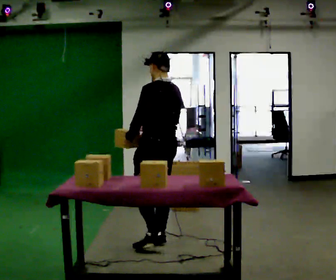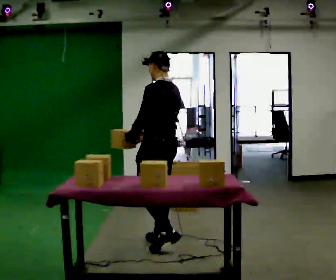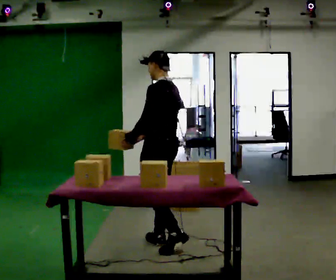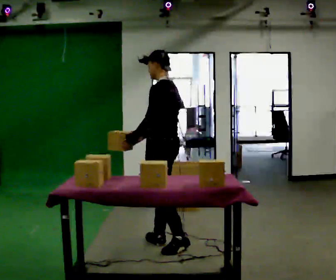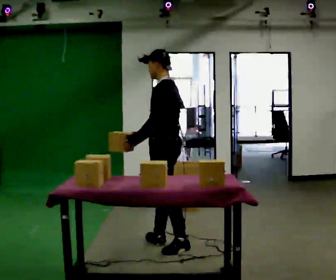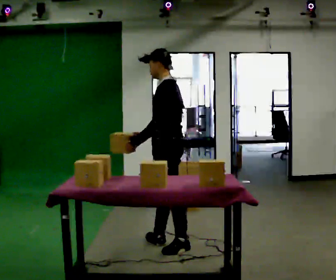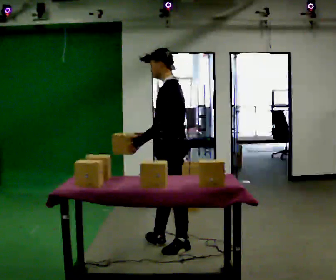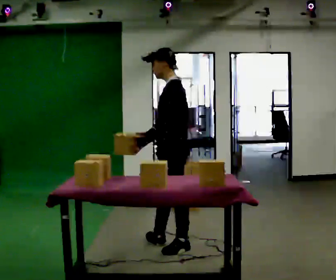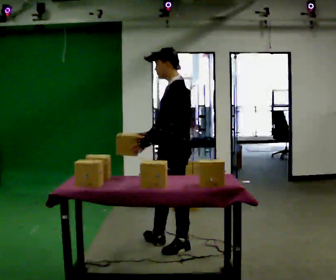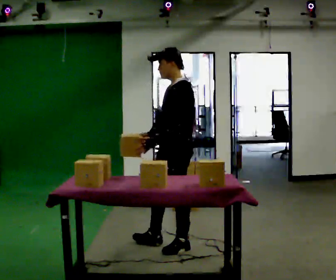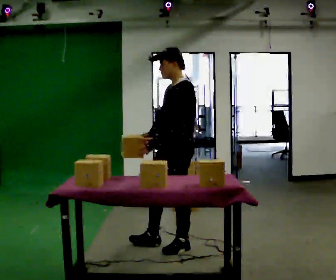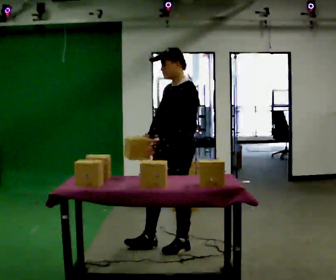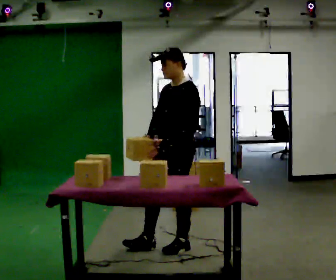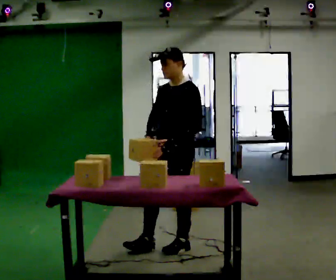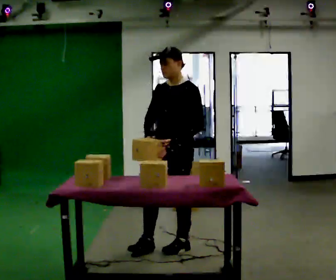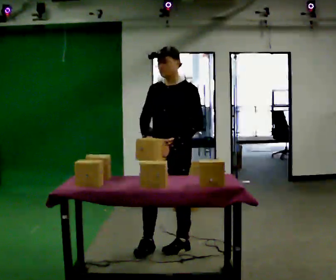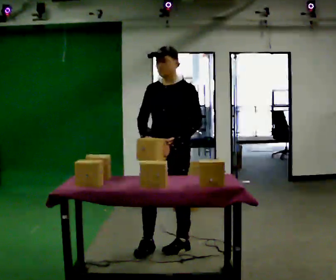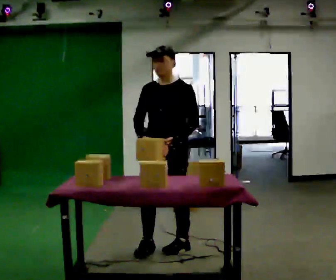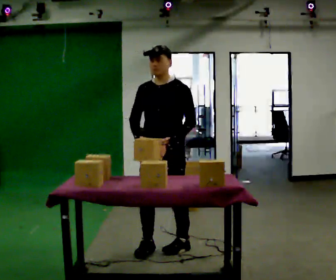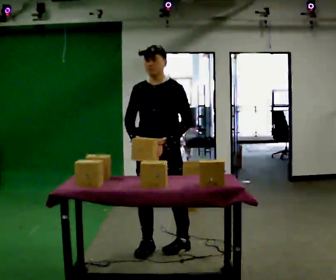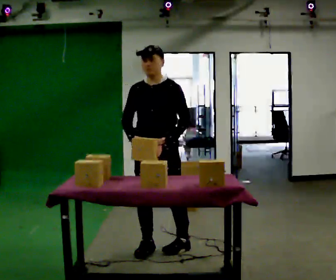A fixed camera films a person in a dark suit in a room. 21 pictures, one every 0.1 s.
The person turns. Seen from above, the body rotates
counterclockwise.
The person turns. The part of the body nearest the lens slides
to the right.
0.0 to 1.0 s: The person turns about 60 degrees to their left, counterclockwise seen from above, so the part of the body nearest the lens slides to the right. In the picture they go toward the camera and to the right, about 0.25 m, which for them is to their left and backward.
1.0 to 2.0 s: The part of the body nearest the lens slides to the right as the person turns to their left by about 60 degrees. In the picture they go to the left, about 0.25 m, which for them is forward.
The film runs backward here.
